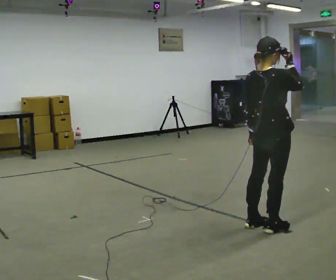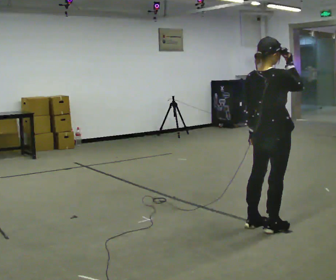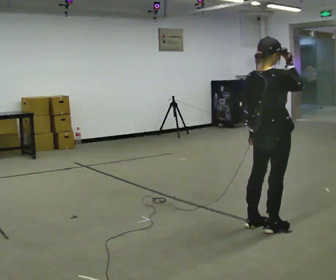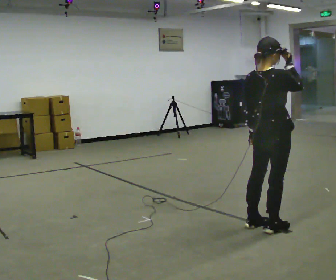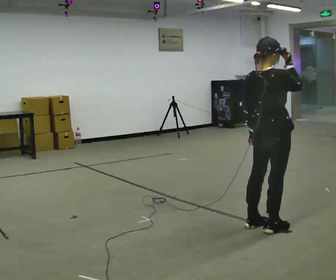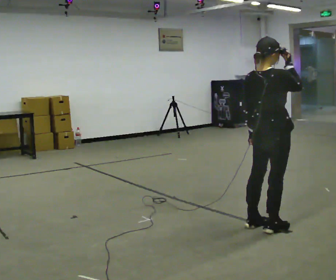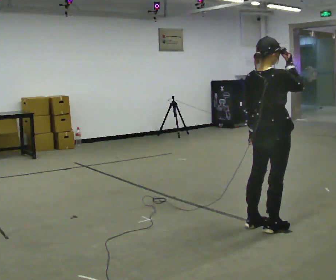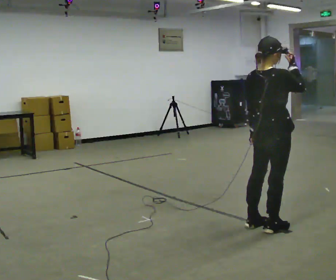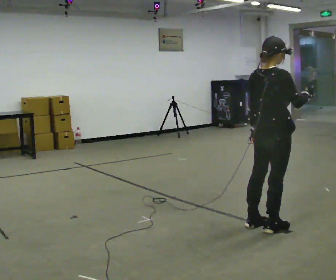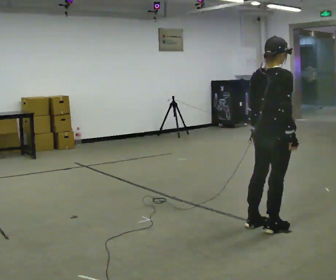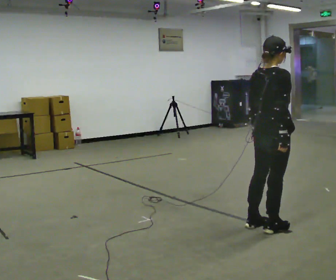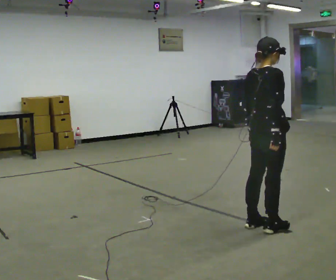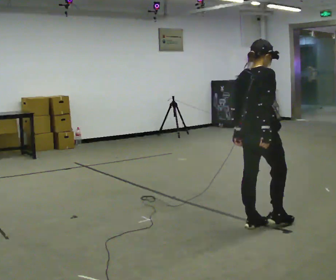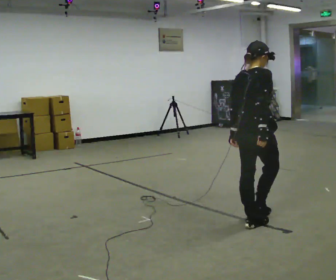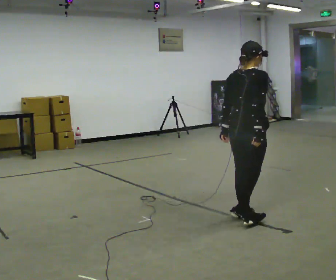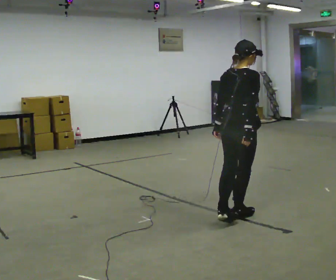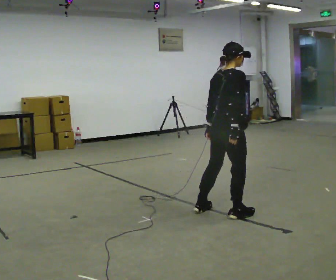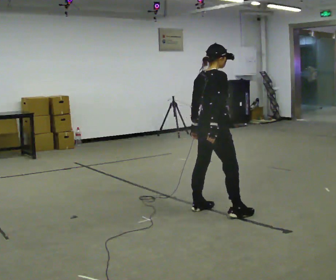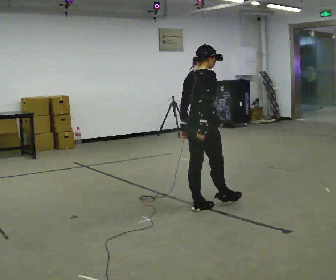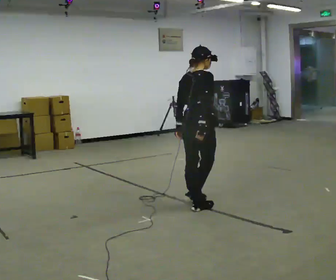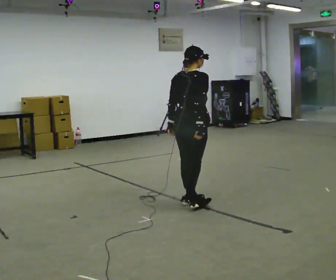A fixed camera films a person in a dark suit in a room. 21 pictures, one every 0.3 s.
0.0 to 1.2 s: The person keeps their place and pose.
1.2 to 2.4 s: The person moves a little, or ends about where they began.
2.4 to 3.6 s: In the picture their right hand goes downward and to the left, the arm swinging clockwise.
3.6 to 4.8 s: In the picture they go away from the camera and to the left, about 0.25 m in 1 step, which for them is to their left.
4.8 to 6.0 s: The person turns about 30 degrees to their left, counterclockwise seen from above, so the part of the body nearest the lens slides to the right. In the picture they go to the left and away from the camera, about 0.5 m in 1 step, which for them is to their left.
The film runs backward here.
